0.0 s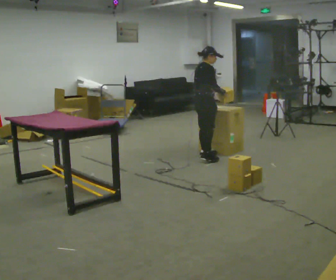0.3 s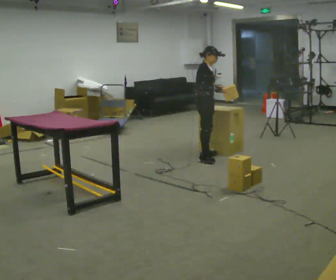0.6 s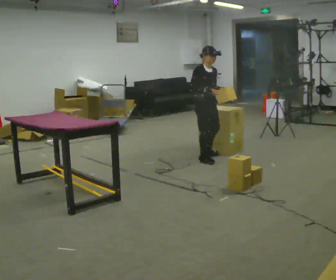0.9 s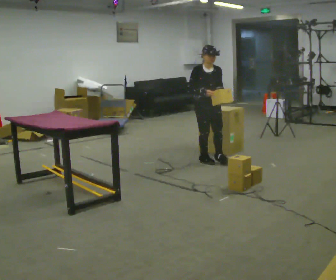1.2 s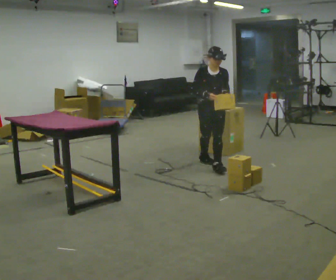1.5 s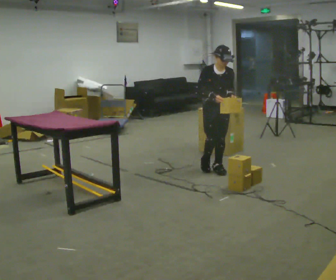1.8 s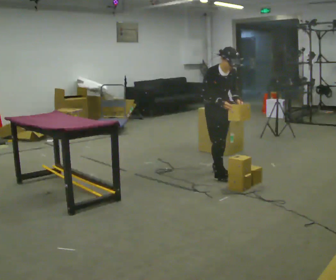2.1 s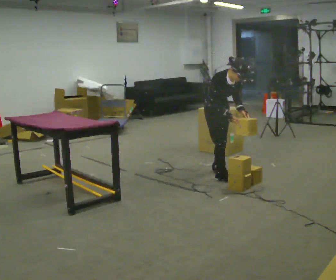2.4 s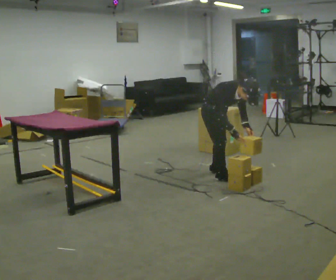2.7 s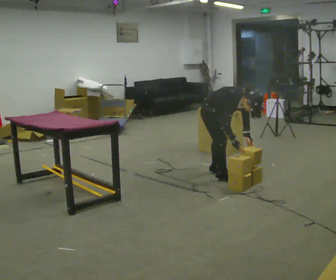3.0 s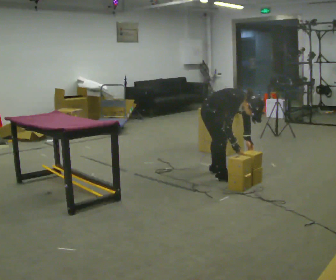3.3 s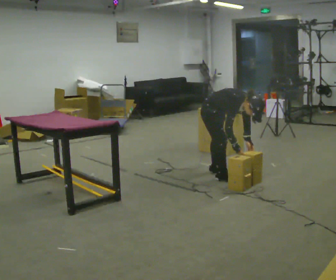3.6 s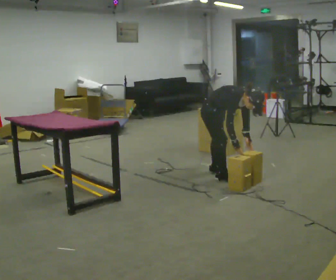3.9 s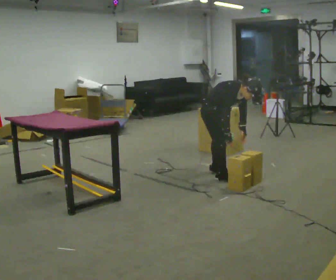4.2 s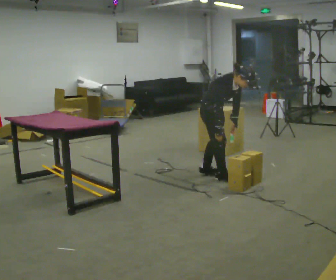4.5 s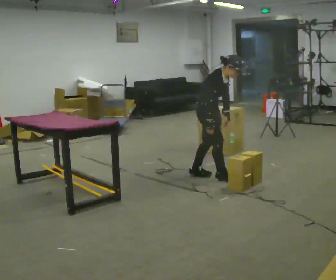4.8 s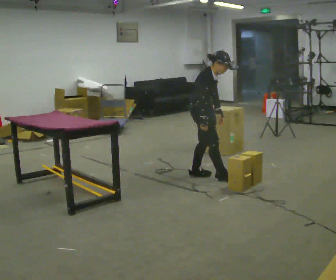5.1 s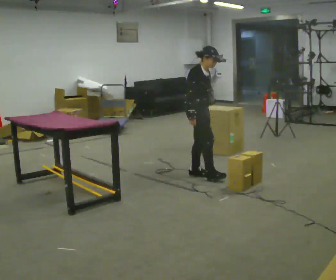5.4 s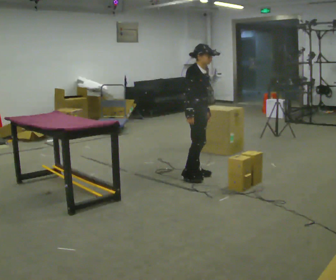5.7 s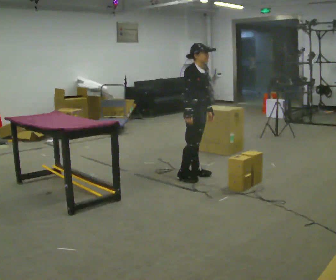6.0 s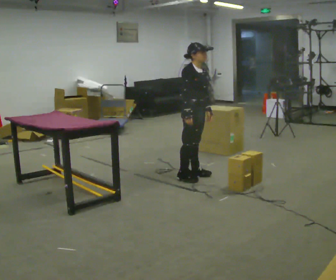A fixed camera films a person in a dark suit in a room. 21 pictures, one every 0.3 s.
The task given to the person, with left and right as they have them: 1. The operator will tell you the shelf is already sorted and just needs moving to the table. 2. Do what you think is right. 3. Tell the operator when you are finished.
0.0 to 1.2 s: Seen from above the body turns clockwise, about 105 degrees: to their right, with its near side sliding to the left. In the picture they go toward the camera, about 0.5 m in 2 steps.
1.2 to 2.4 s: Seen from above the body turns counterclockwise, about 45 degrees: to their left, with its near side sliding to the right. In the picture they go toward the camera, about 0.5 m in 1 step, which for them is forward and to their right. The shoulders move downward. In the picture the upper body tilts clockwise, shoulders to the right, as they bend forward. In the picture their right hand goes downward.
2.4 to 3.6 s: The person moves a little, or ends about where they began.
3.6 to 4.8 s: The shoulders move upward. The upper body tips away from the camera, its near side rolling upward, as they lean back or straighten. In the picture their right hand goes to the left.
4.8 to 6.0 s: In the picture the upper body tilts counterclockwise, shoulders to the left, as they lean back or straighten.
The film runs forward here.
